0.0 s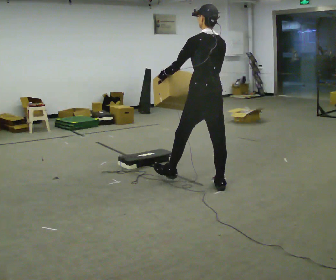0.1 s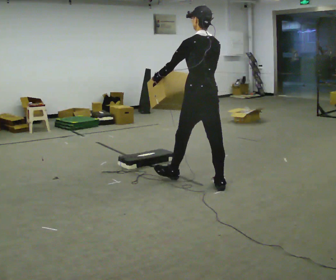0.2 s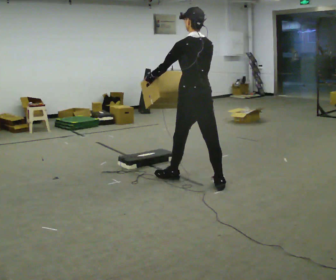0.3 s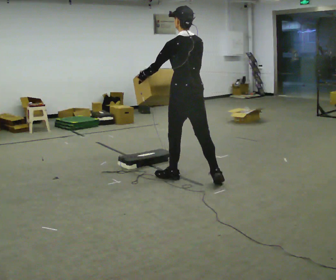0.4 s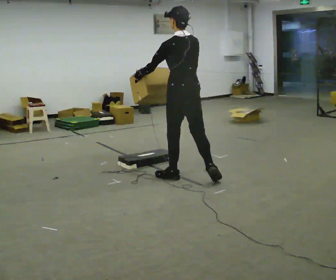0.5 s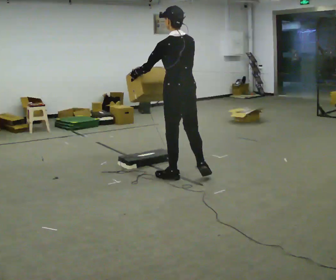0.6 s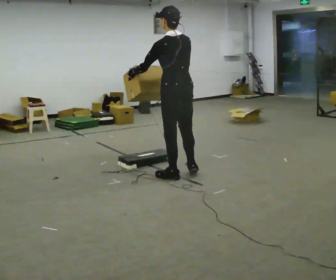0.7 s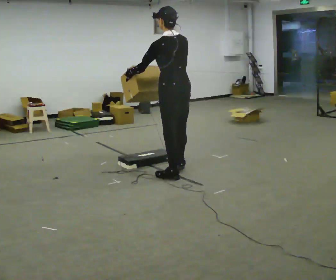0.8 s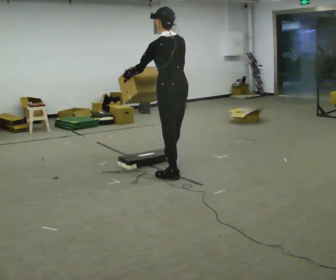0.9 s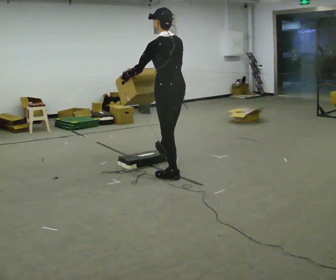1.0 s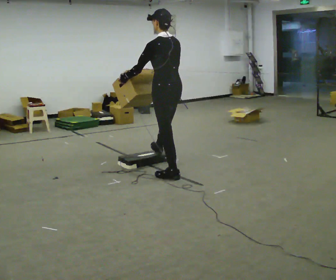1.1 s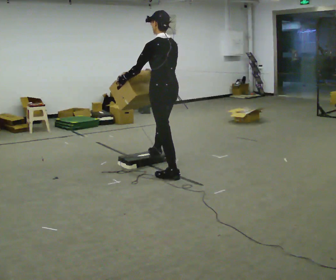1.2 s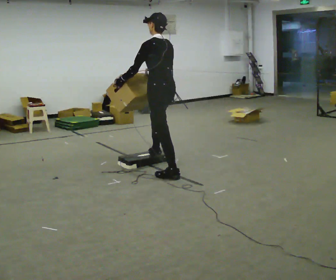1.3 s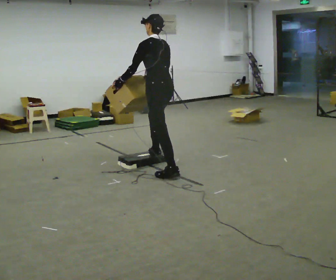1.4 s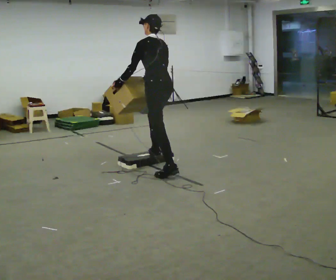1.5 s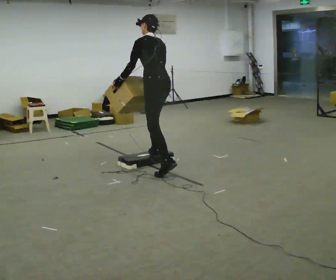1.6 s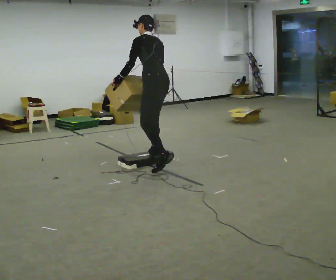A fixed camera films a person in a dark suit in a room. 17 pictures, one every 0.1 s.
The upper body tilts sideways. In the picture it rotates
counterclockwise.
0.0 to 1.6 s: In the picture they go to the left and away from the camera, about 1 m in 2 steps, which for them is forward. In the picture the upper body tilts counterclockwise, shoulders to the left, as they bend forward.
The film runs forward here.
